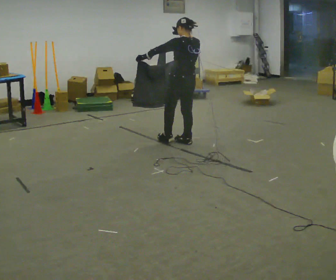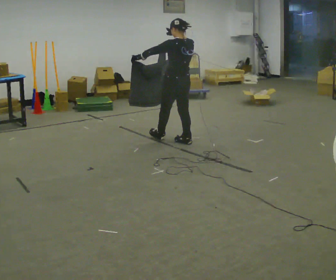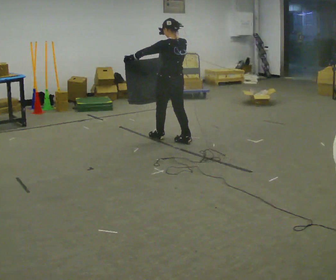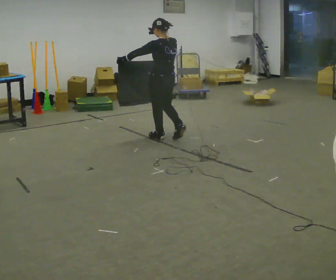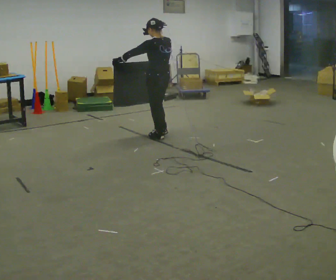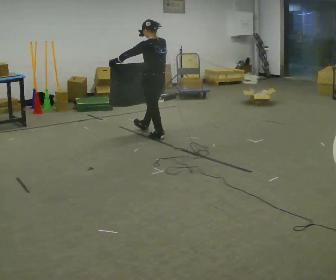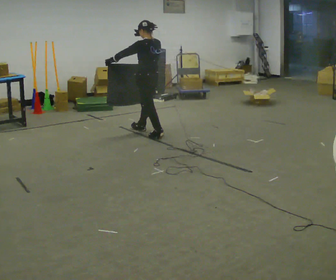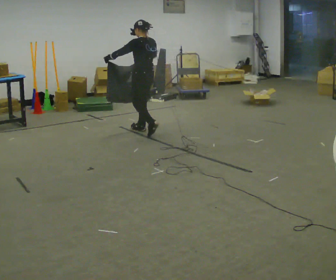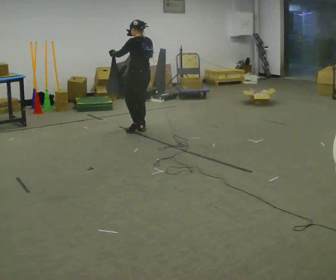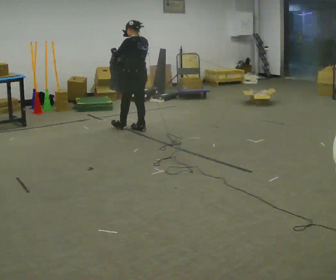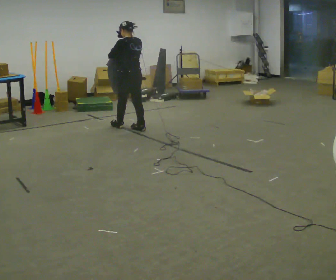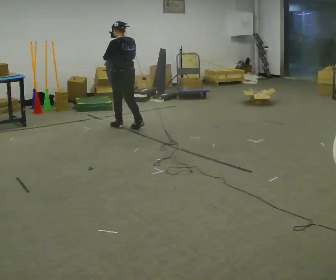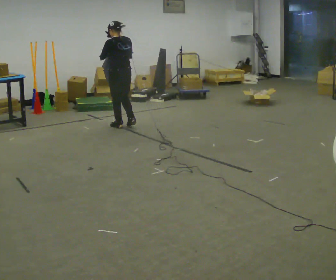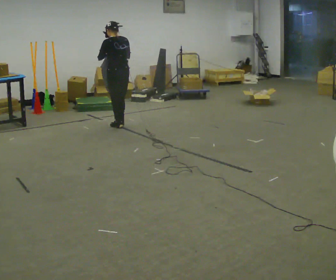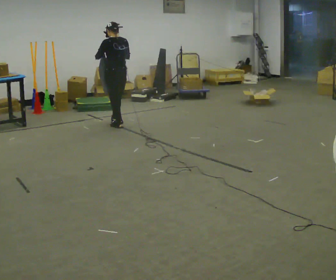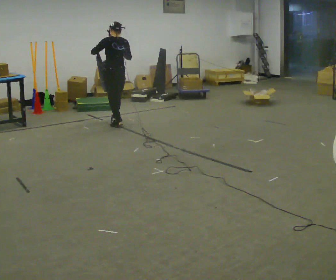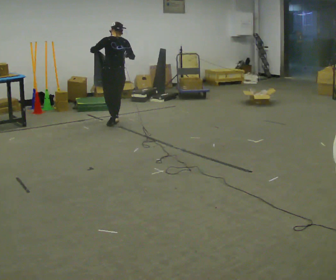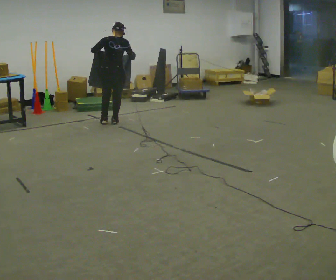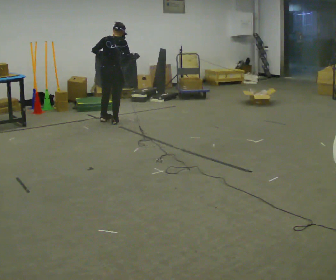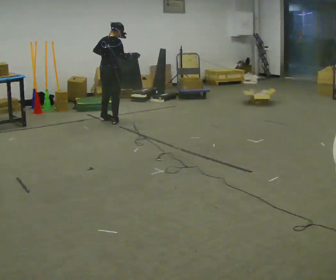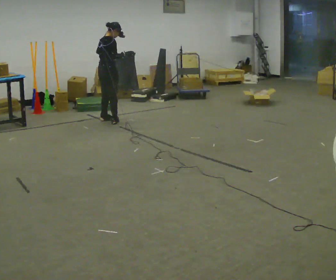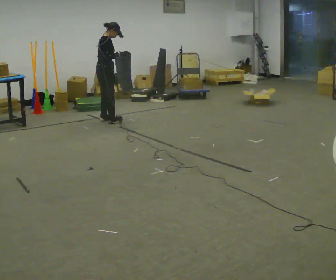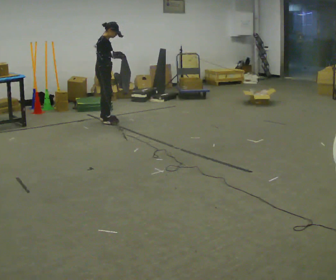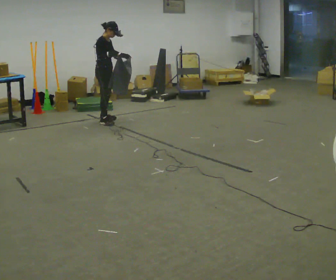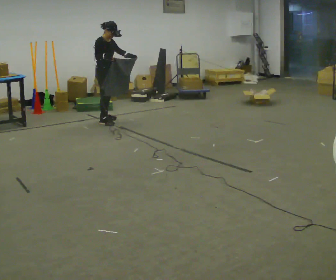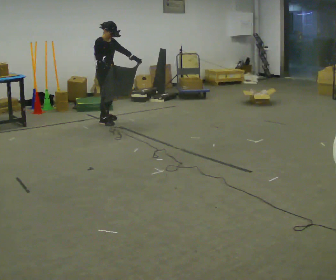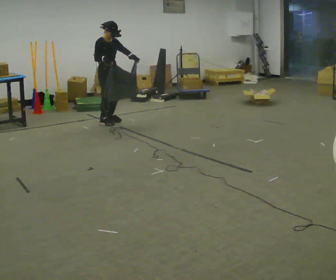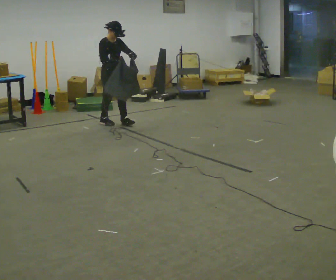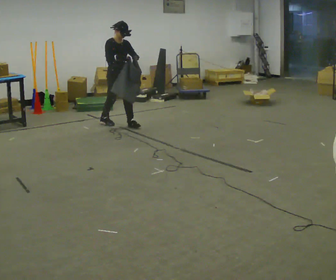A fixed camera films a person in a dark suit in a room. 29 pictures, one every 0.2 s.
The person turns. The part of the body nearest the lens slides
to the left.
The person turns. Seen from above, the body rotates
clockwise.
0.0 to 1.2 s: In the picture they go away from the camera and to the left, about 0.5 m in 2 steps, which for them is forward.
1.2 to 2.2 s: In the picture they go away from the camera and to the left, about 0.5 m in 1 step, which for them is forward.
2.2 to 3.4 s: The part of the body nearest the lens slides to the left as the person turns to their right by about 30 degrees. In the picture they go away from the camera and to the left, about 0.25 m in 1 step, which for them is forward.
3.4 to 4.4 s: Seen from above the body turns clockwise, about 90 degrees: to their right, with its near side sliding to the left. In the picture they go to the left and away from the camera, about 0.25 m in 1 step. In the picture their left hand goes to the right.
4.4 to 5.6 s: The person turns about 45 degrees to their right, clockwise seen from above, so the part of the body nearest the lens slides to the left. In the picture they go toward the camera and to the right, about 0.25 m in 2 steps, which for them is forward.
The film runs forward here.
